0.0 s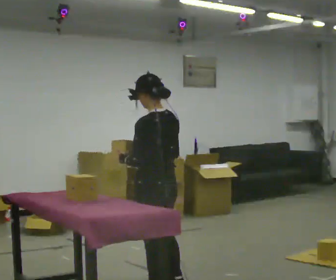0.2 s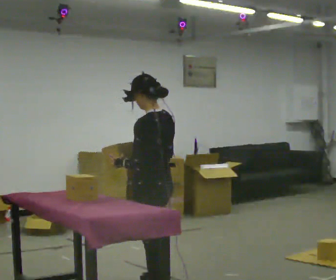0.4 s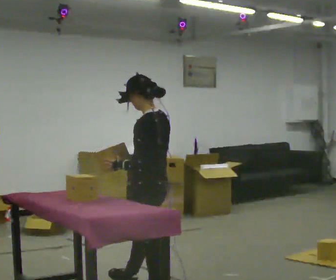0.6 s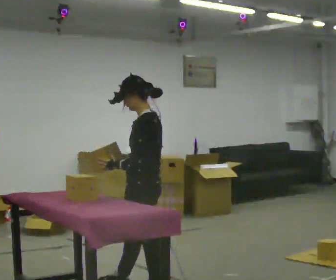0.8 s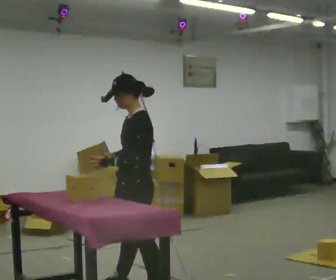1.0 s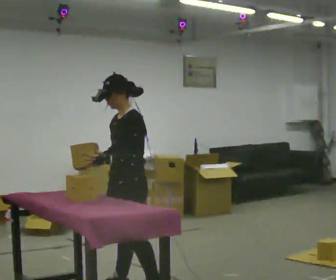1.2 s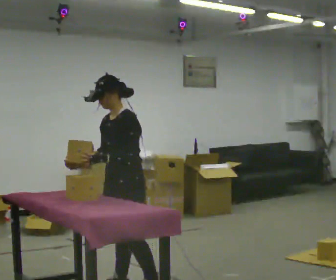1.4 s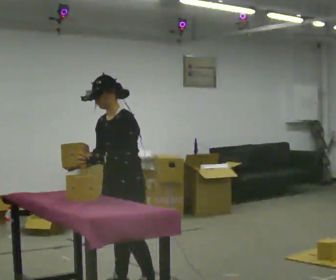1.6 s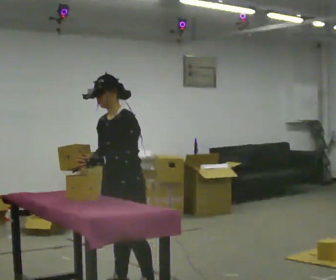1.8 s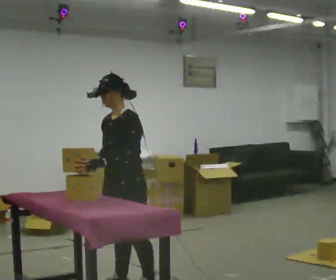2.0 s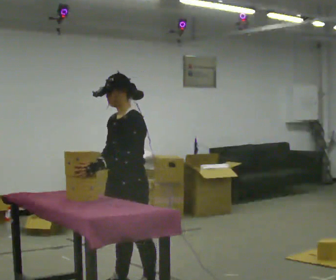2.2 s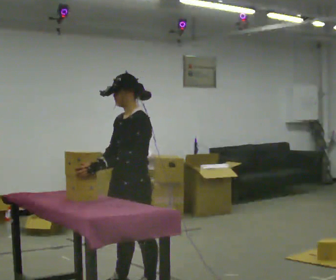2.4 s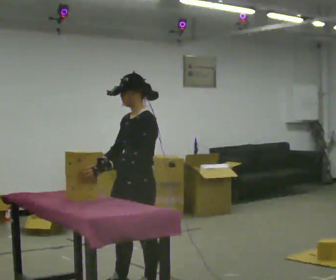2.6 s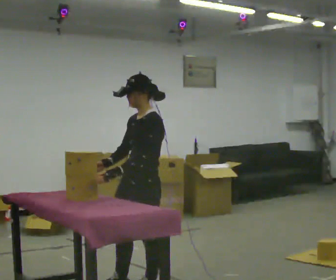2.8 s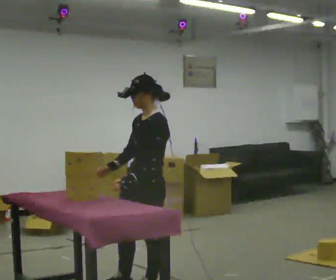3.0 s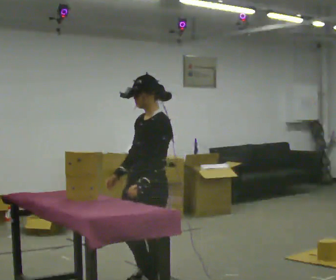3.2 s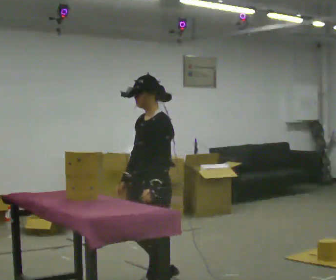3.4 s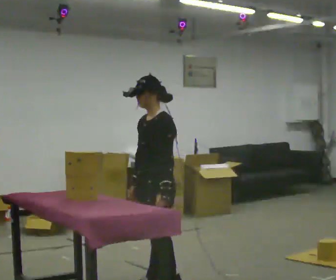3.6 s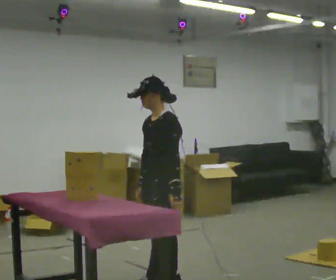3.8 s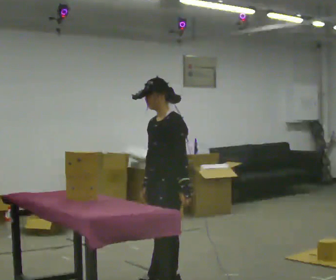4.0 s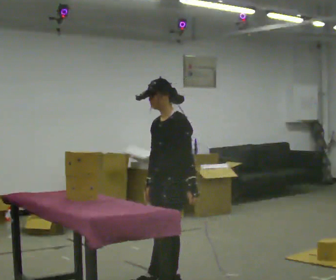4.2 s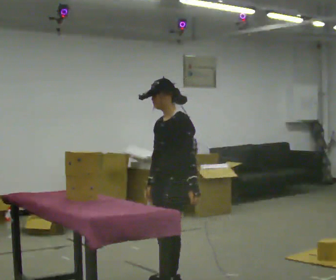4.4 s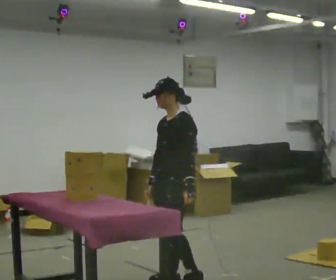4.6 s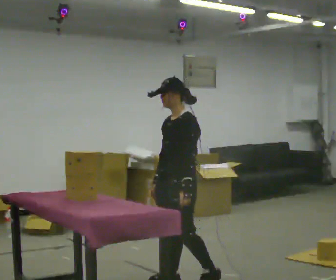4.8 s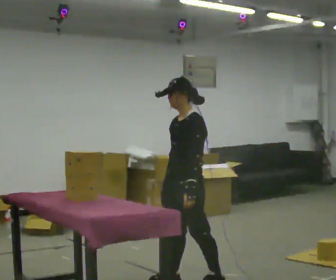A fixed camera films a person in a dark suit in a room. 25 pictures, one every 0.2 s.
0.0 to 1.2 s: Seen from above the body turns counterclockwise, about 75 degrees: to their left, with its near side sliding to the right. In the picture they go to the left, about 0.25 m in 1 step.
1.2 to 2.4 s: The person moves a little, or ends about where they began.
2.4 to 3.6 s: In the picture they go to the right, about 0.25 m in 1 step, which for them is backward. In the picture their left hand goes to the right, the arm swinging counterclockwise.
3.6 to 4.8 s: In the picture they go to the right, about 0.25 m in 1 step, which for them is backward.
The film runs backward here.
